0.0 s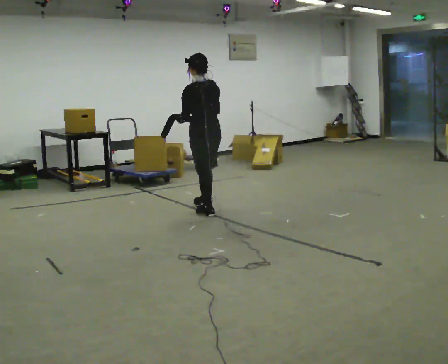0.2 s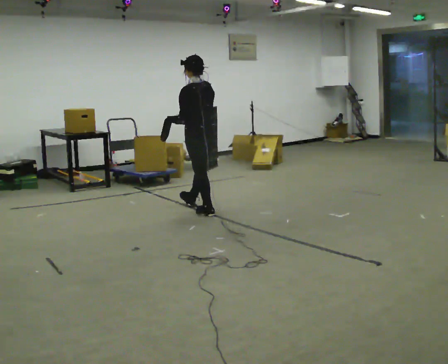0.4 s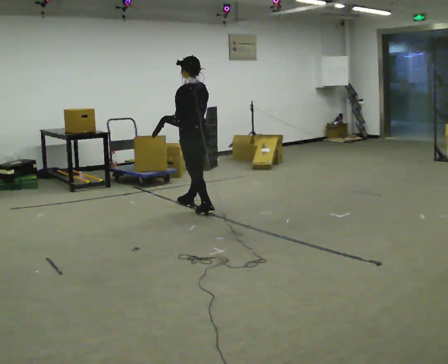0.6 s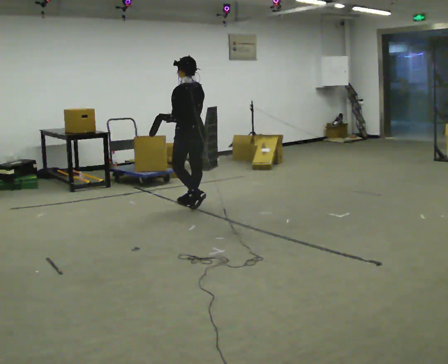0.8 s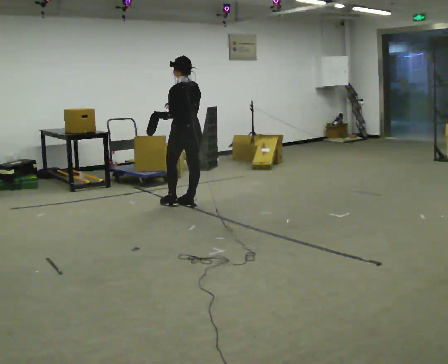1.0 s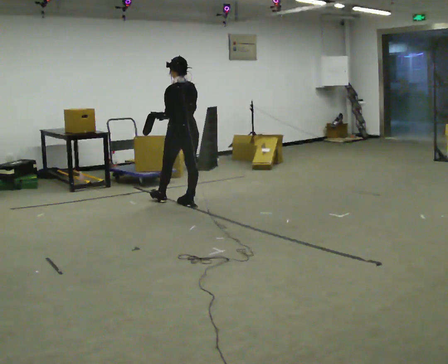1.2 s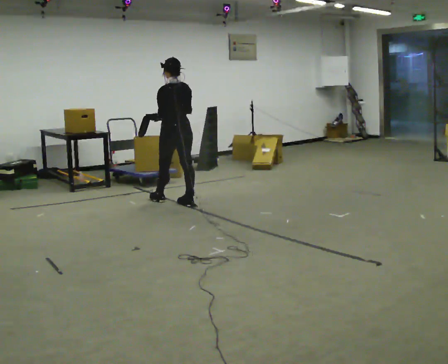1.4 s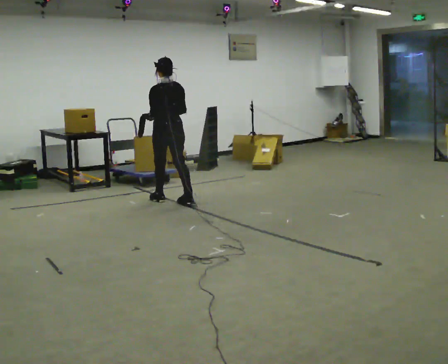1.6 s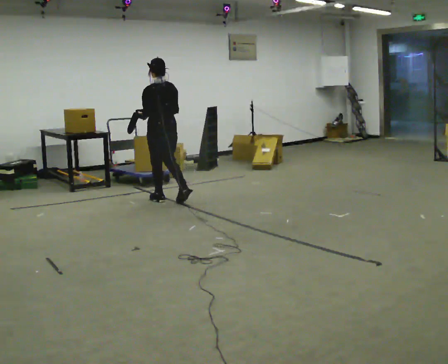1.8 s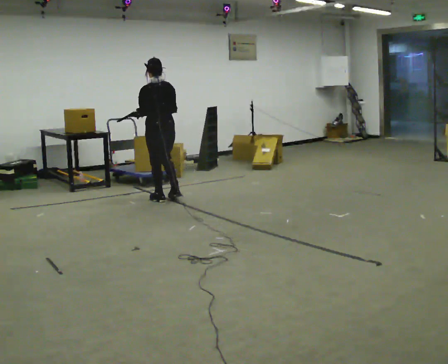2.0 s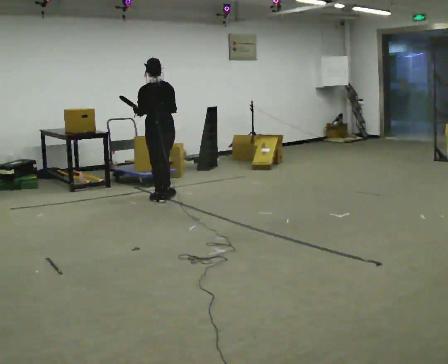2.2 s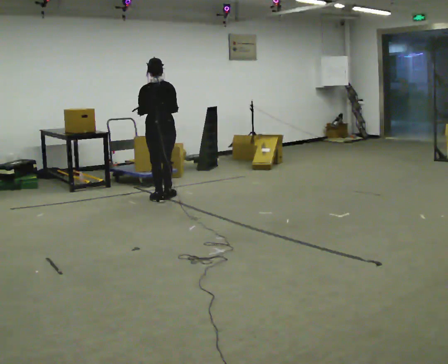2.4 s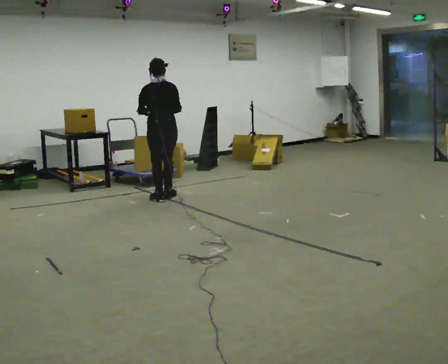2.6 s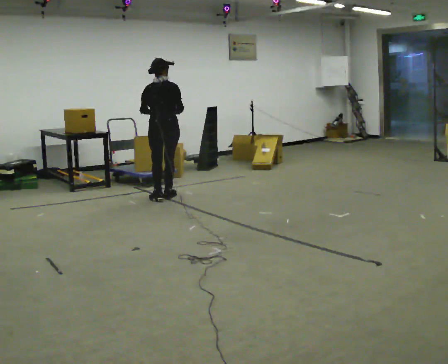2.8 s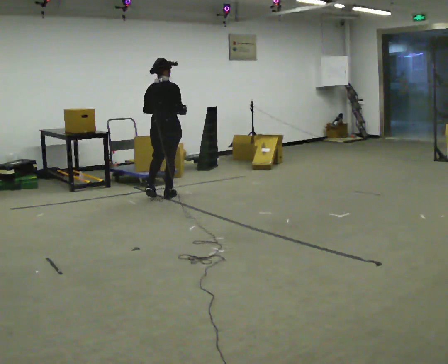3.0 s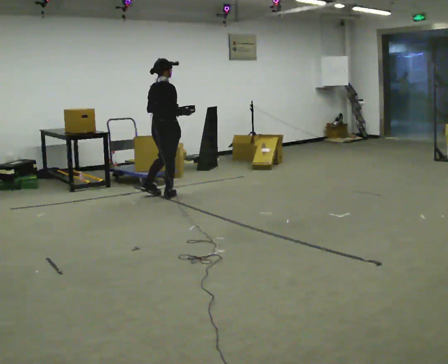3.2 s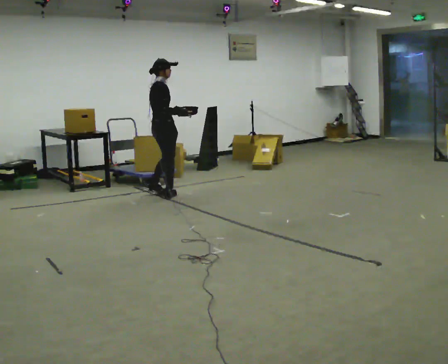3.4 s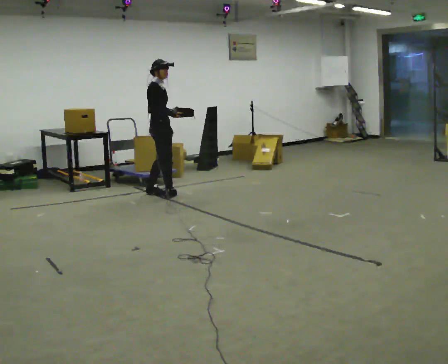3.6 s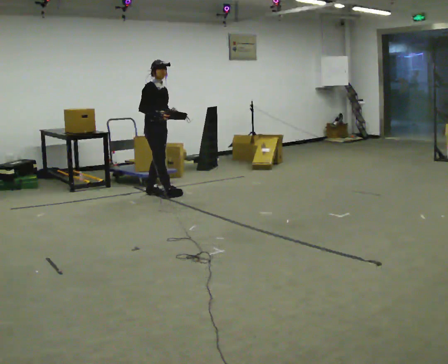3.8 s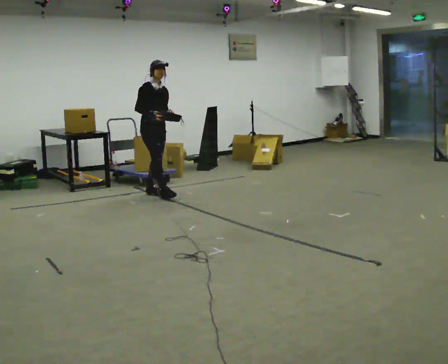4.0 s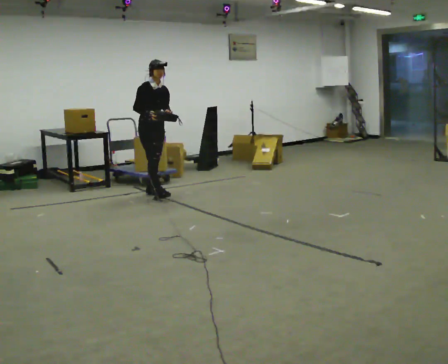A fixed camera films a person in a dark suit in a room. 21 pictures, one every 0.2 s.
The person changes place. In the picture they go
away from the camera.
The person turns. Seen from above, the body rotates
clockwise.
0.0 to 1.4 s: In the picture they go away from the camera and to the left, about 0.75 m in 2 steps, which for them is forward.
1.4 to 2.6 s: Seen from above the body turns clockwise, about 30 degrees: to their right, with its near side sliding to the left. In the picture they go away from the camera, about 0.25 m in 1 step, which for them is forward.
2.6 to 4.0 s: The part of the body nearest the lens slides to the left as the person turns to their right by about 135 degrees. In the picture they go to the left and away from the camera, about 0.25 m in 1 step.
The film runs forward here.
